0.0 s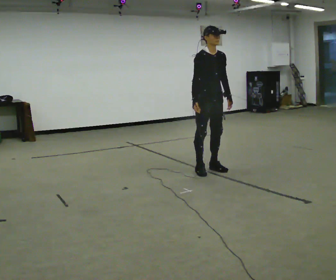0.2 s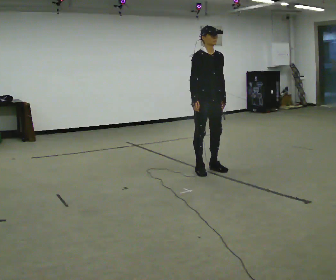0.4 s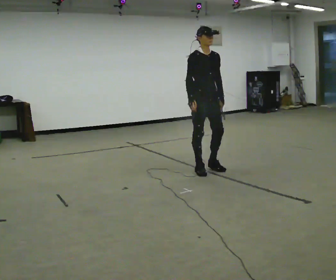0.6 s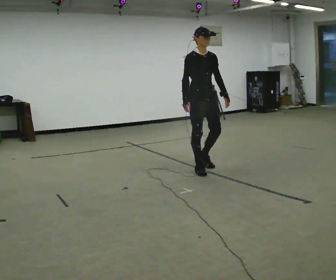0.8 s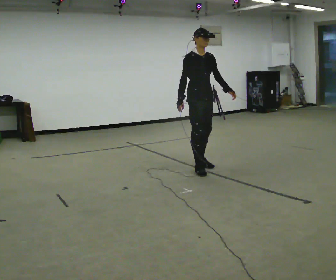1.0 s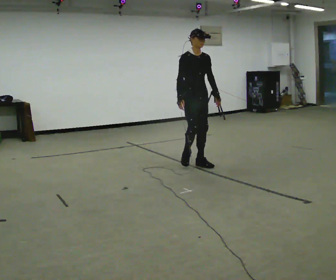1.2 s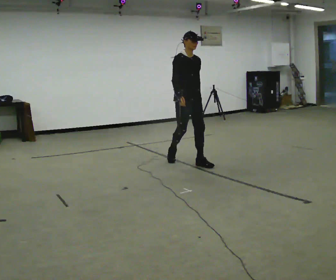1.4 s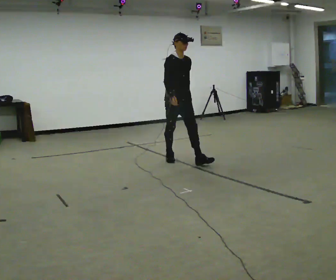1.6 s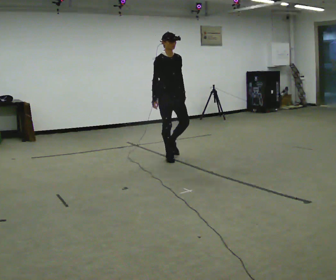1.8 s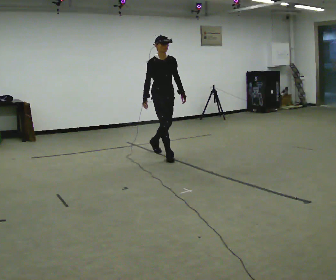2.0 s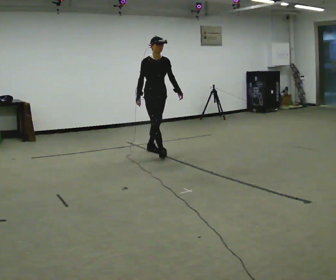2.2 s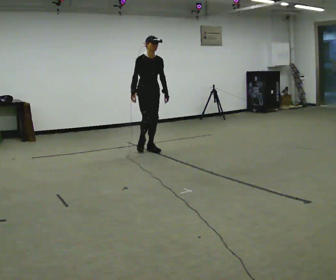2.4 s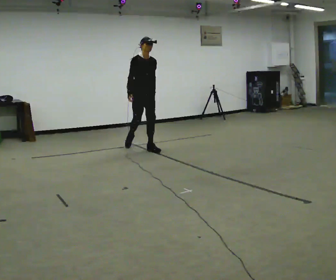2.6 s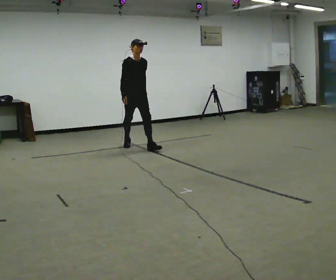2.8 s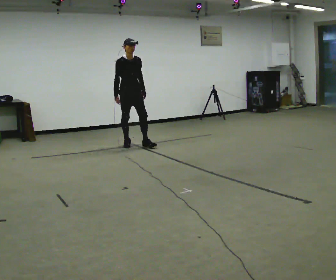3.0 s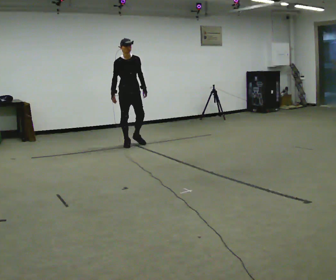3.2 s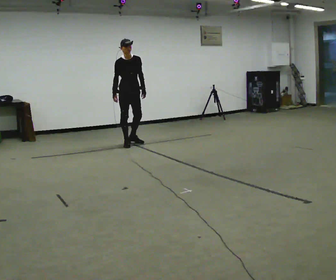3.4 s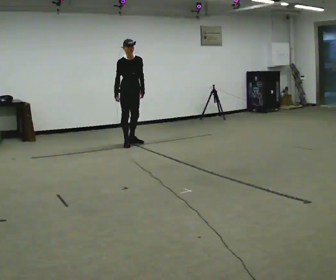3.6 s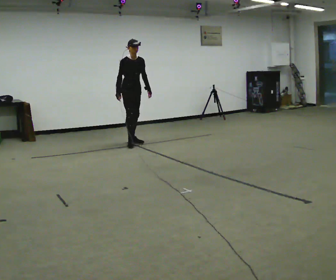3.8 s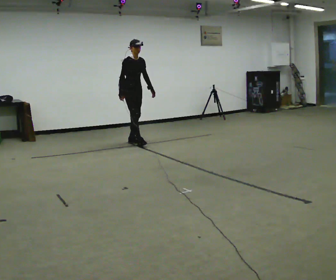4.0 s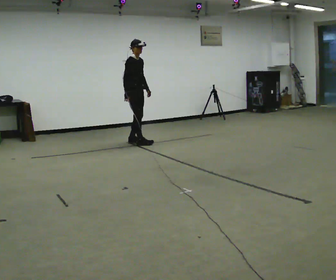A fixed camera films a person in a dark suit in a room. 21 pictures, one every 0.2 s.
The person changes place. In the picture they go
away from the camera.
0.0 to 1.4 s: In the picture they go away from the camera and to the left, about 0.75 m in 3 steps, which for them is backward.
1.4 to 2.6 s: In the picture they go away from the camera and to the left, about 1 m in 2 steps, which for them is backward.
2.6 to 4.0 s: Seen from above the body turns counterclockwise, about 30 degrees: to their left, with its near side sliding to the right. In the picture they go away from the camera, about 0.25 m in 1 step, which for them is backward and to their left.
The film runs backward here.
